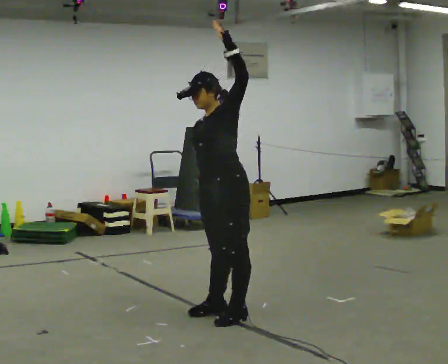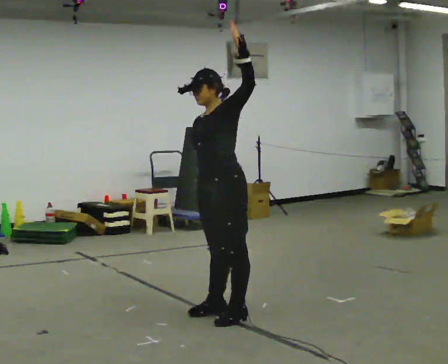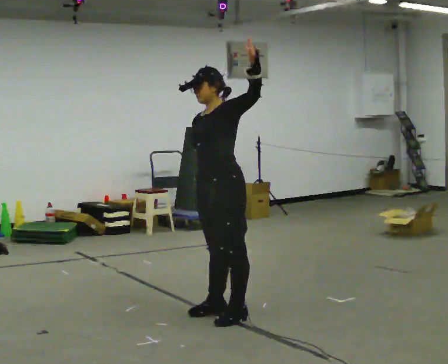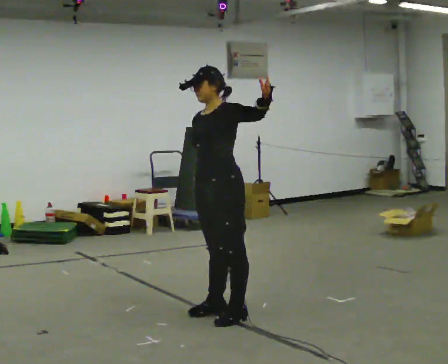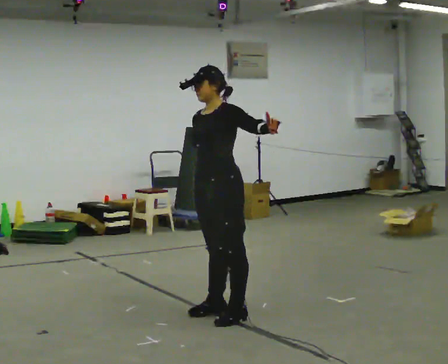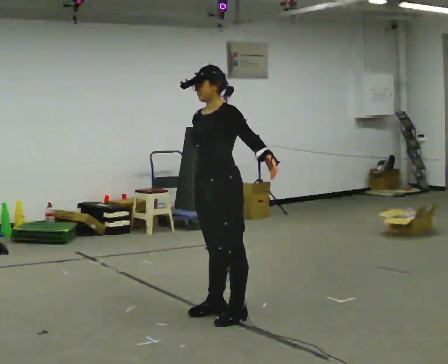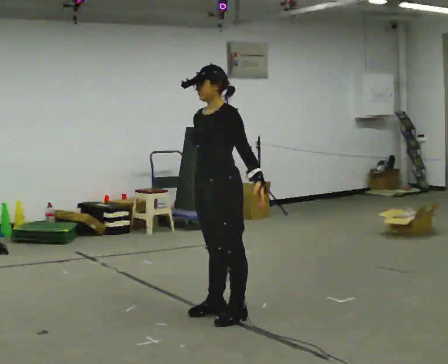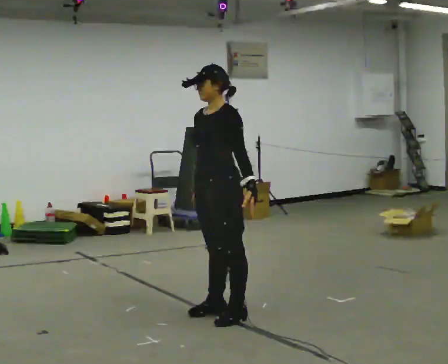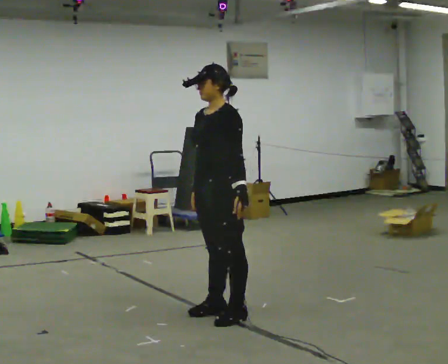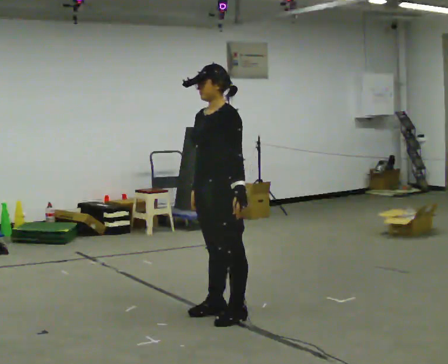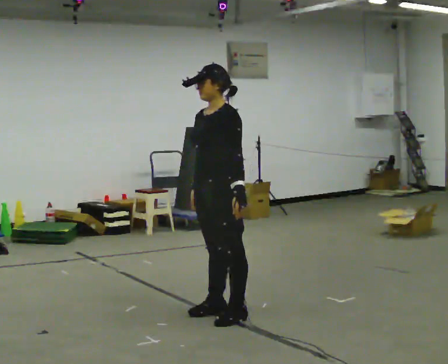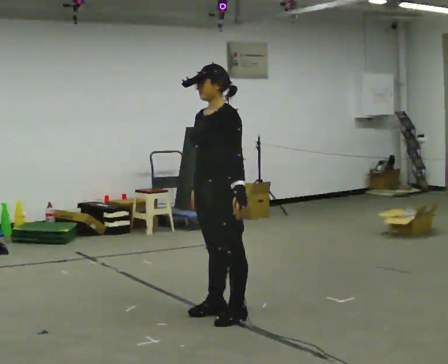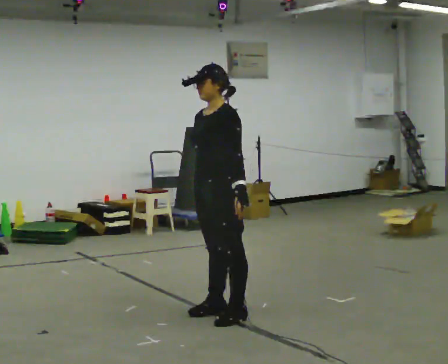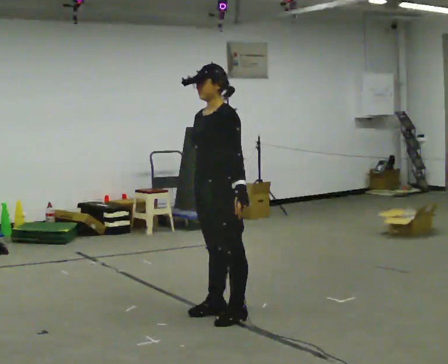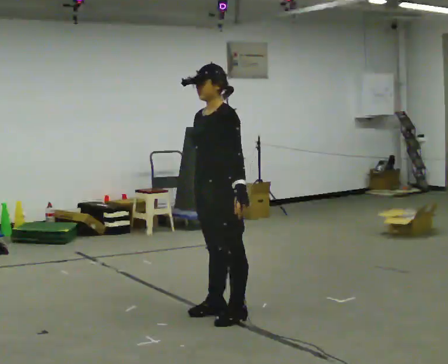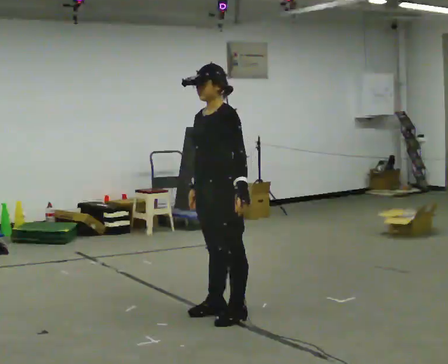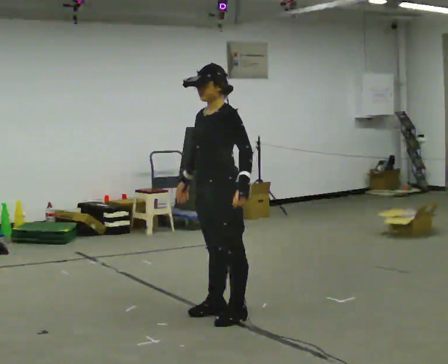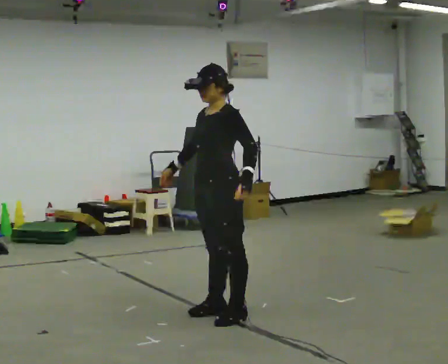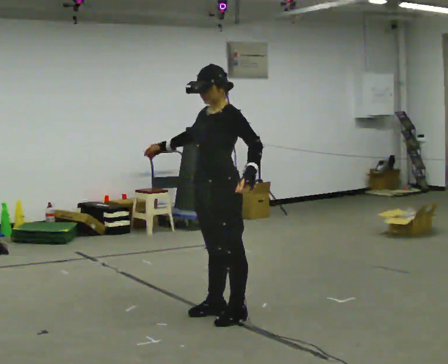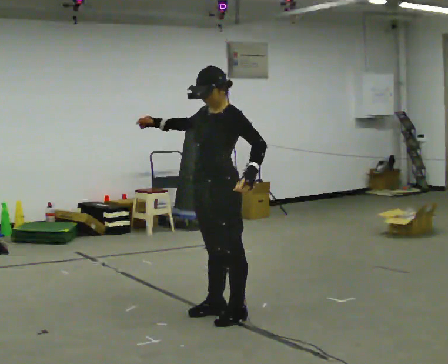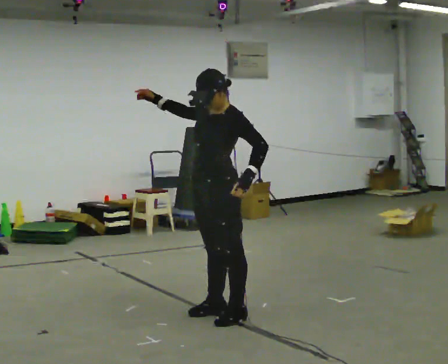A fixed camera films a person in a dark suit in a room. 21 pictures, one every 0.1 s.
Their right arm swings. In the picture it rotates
clockwise.
The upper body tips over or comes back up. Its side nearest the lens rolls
downward.
0.0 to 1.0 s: The upper body tips toward the camera, its near side rolling downward. In the picture their left hand goes downward, the arm swinging clockwise.
1.0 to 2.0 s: In the picture their right hand goes upward, the arm swinging clockwise.
The film runs backward here.
